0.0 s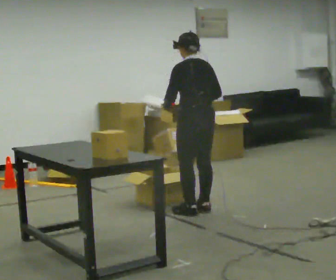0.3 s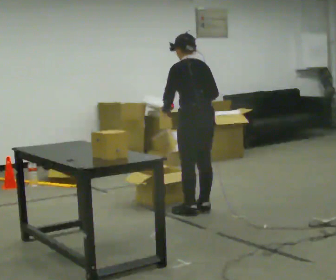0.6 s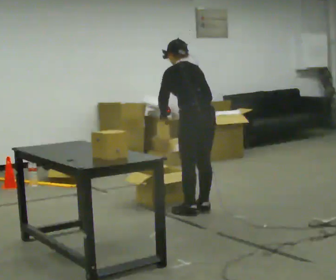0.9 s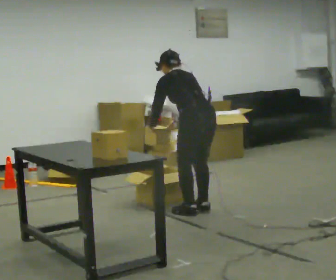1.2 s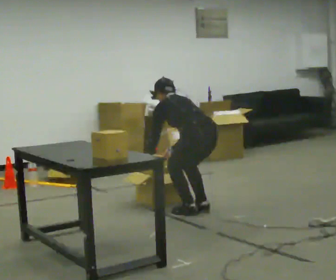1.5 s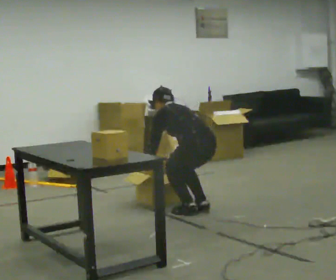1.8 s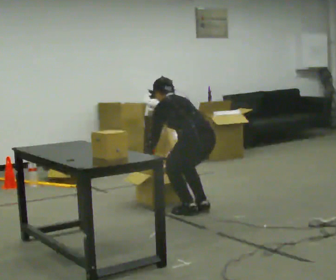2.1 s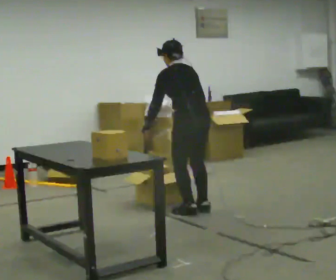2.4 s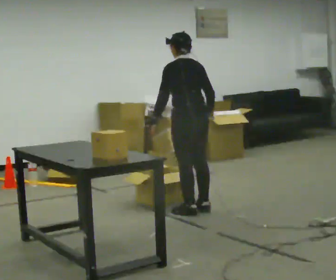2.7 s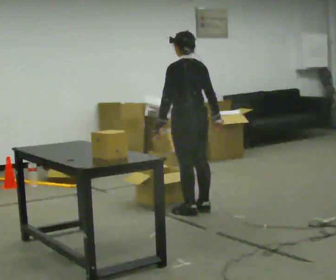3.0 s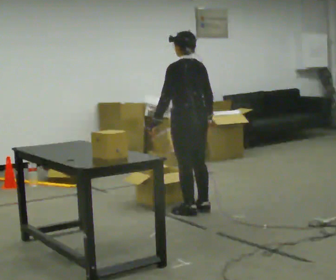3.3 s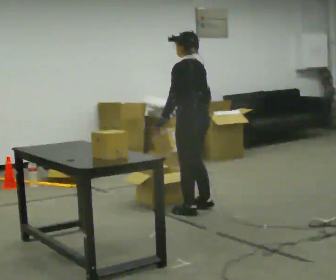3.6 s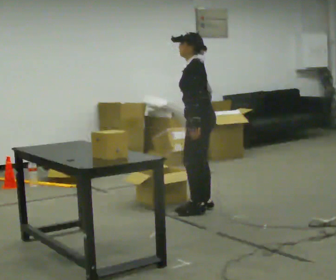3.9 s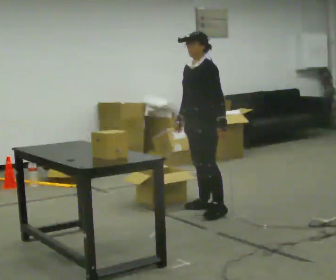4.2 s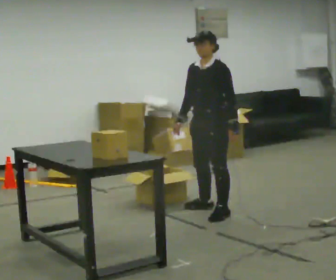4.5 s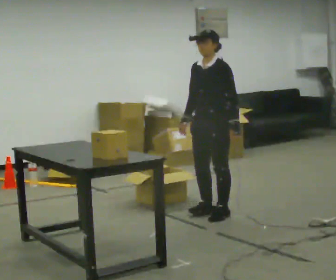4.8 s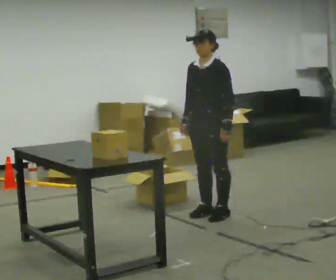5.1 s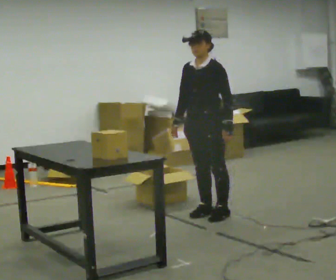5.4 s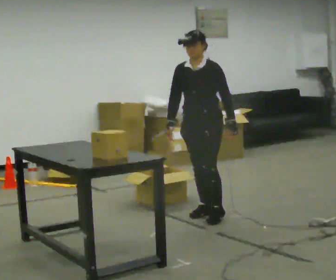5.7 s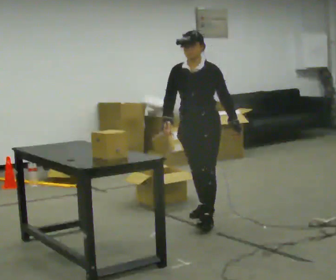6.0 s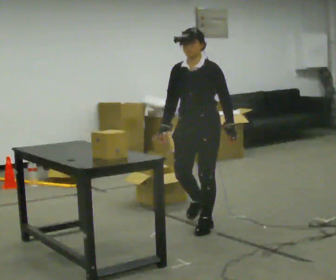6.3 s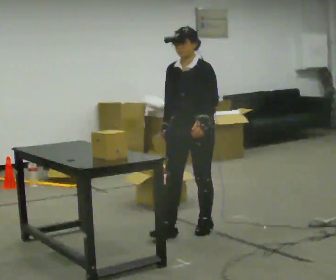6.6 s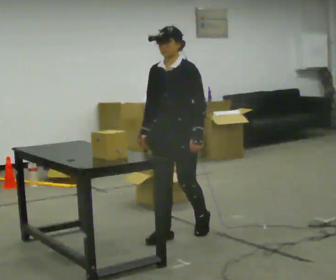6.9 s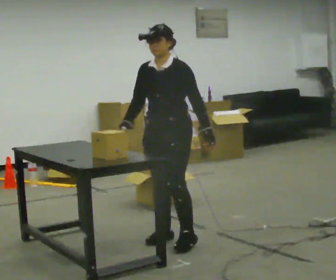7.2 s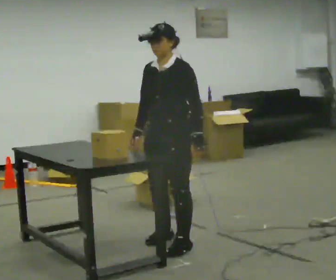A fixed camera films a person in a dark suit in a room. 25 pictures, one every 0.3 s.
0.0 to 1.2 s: The shoulders move downward. The upper body tips away from the camera, its near side rolling upward, as they bend forward. In the picture their right hand goes downward.
1.2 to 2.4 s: The upper body goes upward. The upper body tips toward the camera, its near side rolling downward, as they lean back or straighten. In the picture their right hand goes upward and to the right.
2.4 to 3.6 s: The person turns about 60 degrees to their left, counterclockwise seen from above, so the part of the body nearest the lens slides to the right. In the picture their left hand goes to the right.
3.6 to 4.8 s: The person turns about 45 degrees to their left, counterclockwise seen from above, so the part of the body nearest the lens slides to the right. In the picture they go toward the camera, about 0.25 m in 2 steps, which for them is to their left.
4.8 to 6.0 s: In the picture they go toward the camera, about 0.25 m in 1 step, which for them is forward.
6.0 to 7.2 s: In the picture they go toward the camera and to the left, about 0.5 m in 2 steps, which for them is forward.
The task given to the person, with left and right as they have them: Take an object out of the bin at knee height, carry it across the room, and place it on the chest-height shelf. Keep going until the operator says stop; one object at a time, and do not rush between trips.
The film runs forward here.
